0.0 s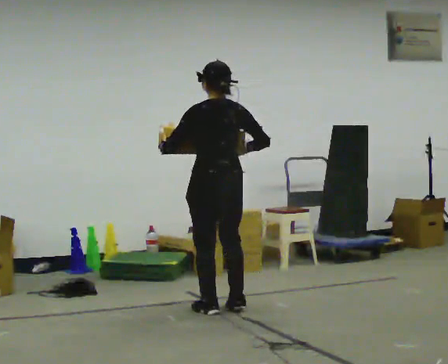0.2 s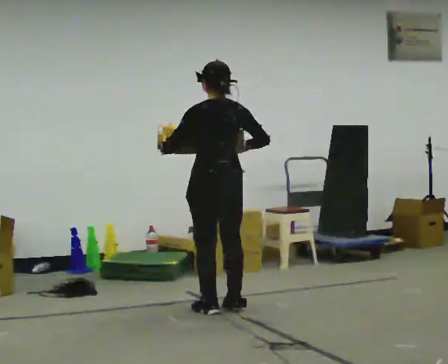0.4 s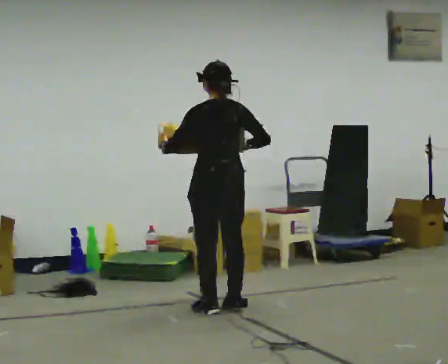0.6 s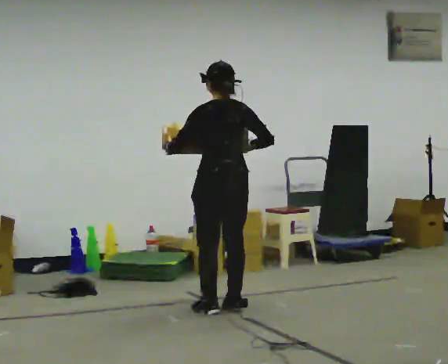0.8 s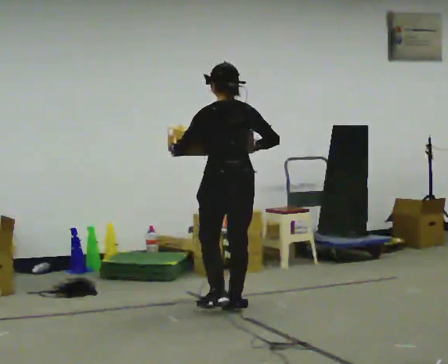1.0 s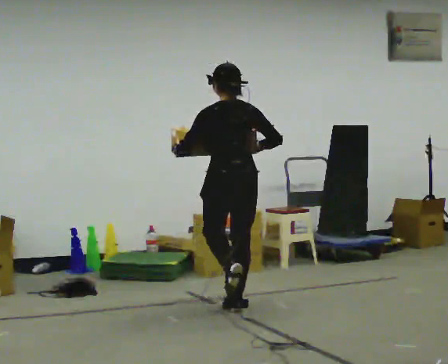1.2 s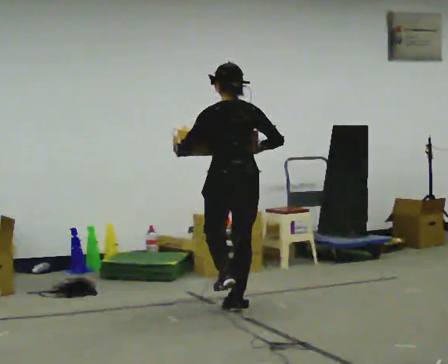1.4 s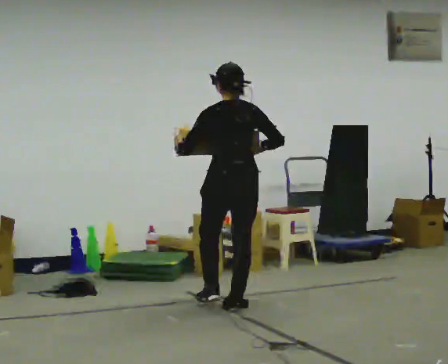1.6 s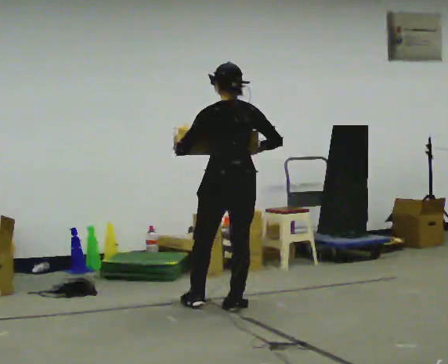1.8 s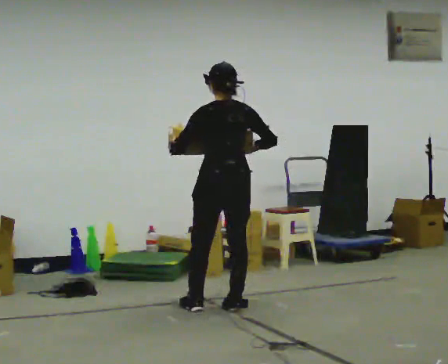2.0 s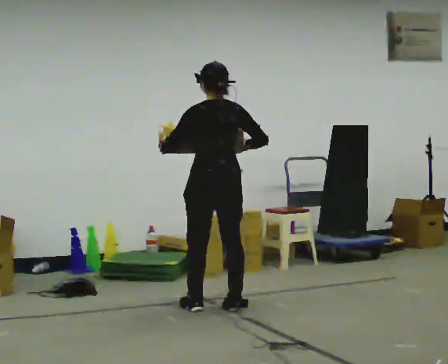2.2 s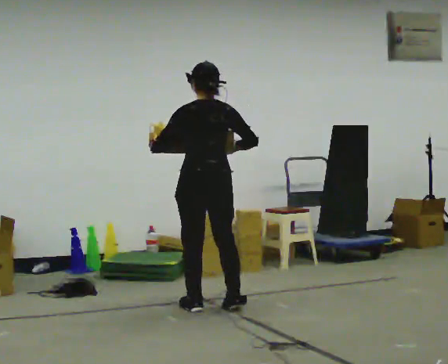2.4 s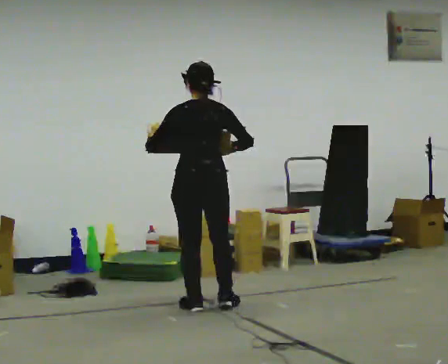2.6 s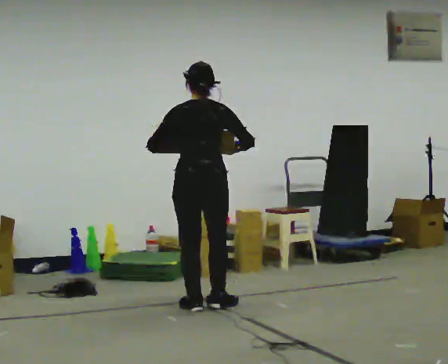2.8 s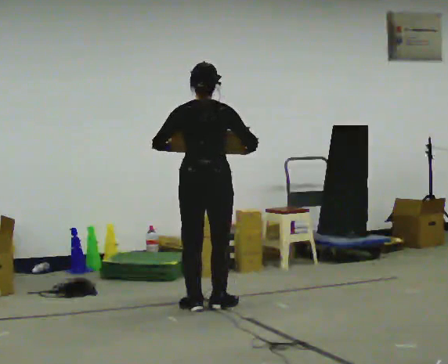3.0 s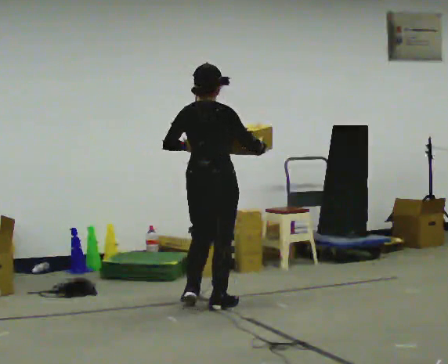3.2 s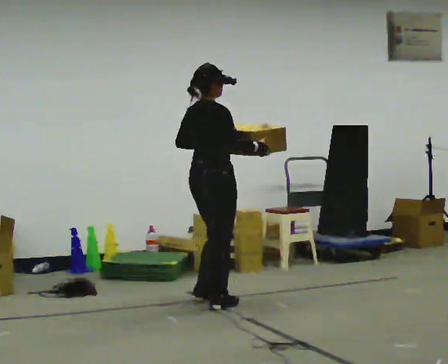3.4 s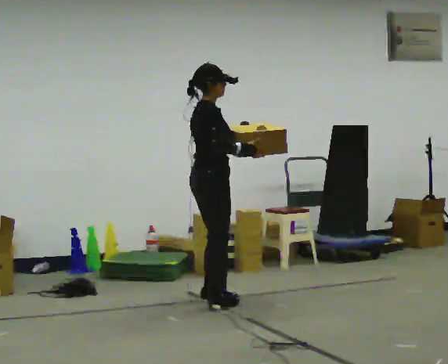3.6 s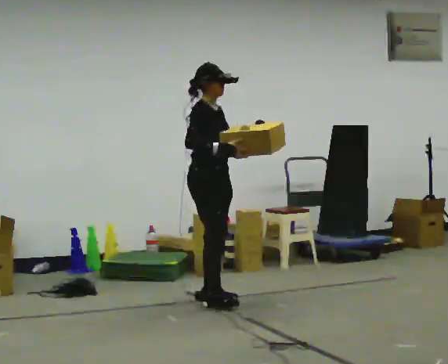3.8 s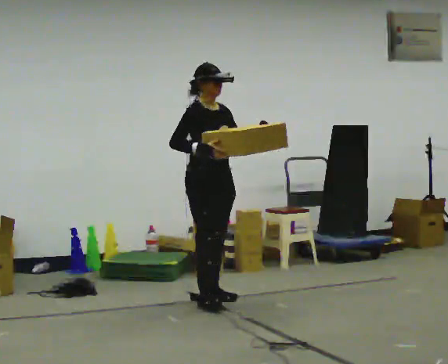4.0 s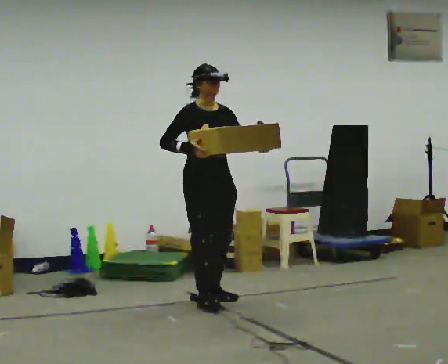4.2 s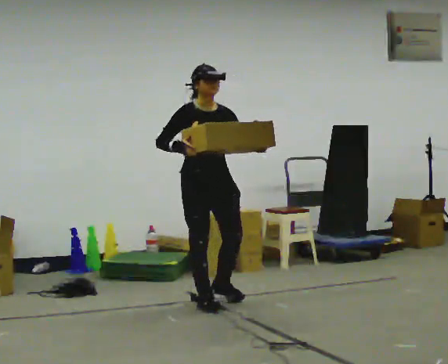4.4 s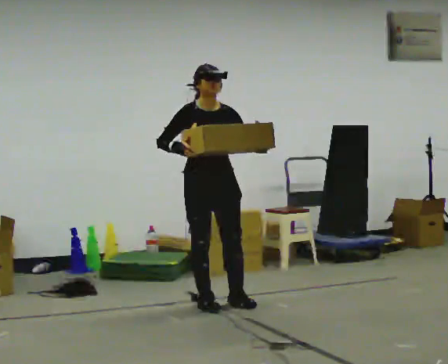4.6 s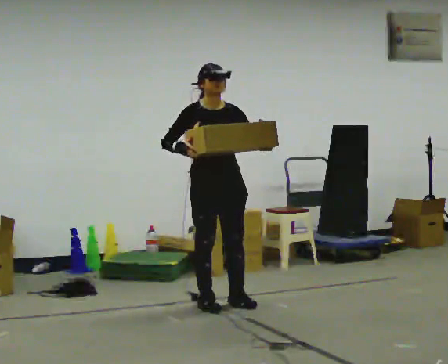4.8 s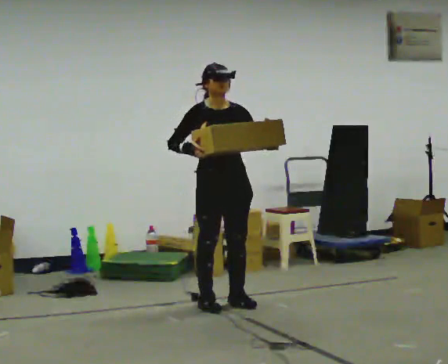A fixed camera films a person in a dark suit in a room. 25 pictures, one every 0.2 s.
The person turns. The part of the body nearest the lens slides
to the left.
The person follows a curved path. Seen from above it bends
clockwise.
0.0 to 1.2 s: The person moves a little, or ends about where they began.
1.2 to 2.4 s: In the picture they go to the left, about 0.25 m in 1 step, which for them is to their left.
2.4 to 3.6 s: Seen from above the body turns clockwise, about 135 degrees: to their right, with its near side sliding to the left. In the picture they go away from the camera, about 0.25 m in 2 steps. In the picture their left hand goes to the right.
3.6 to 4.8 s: The part of the body nearest the lens slides to the left as the person turns to their right by about 45 degrees.
The film runs forward here.
